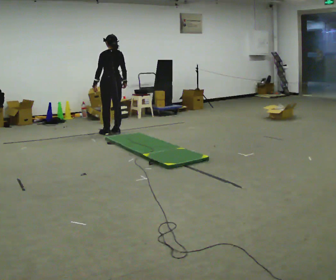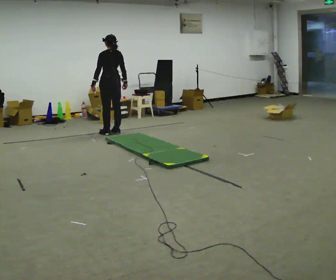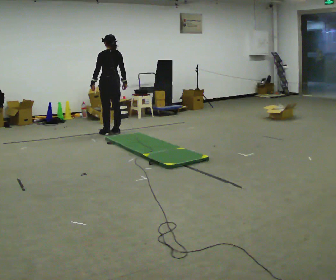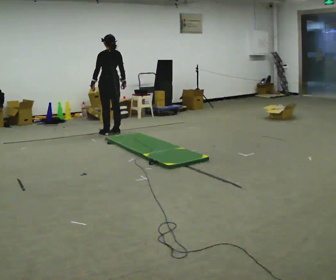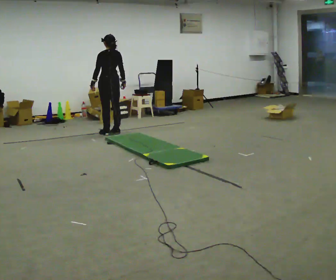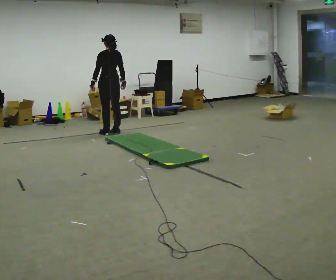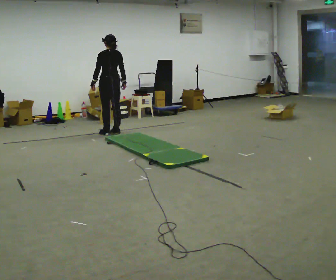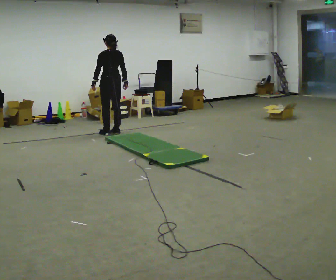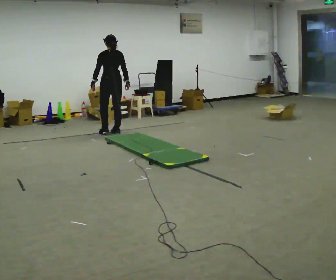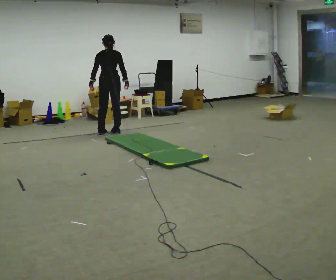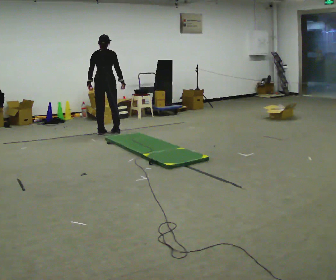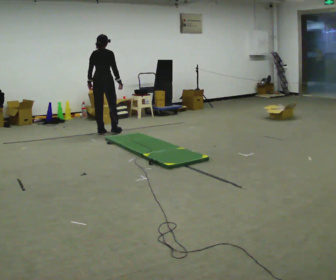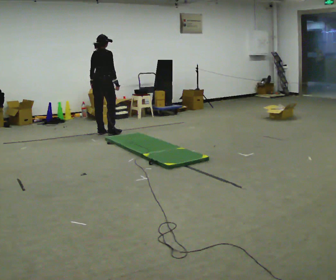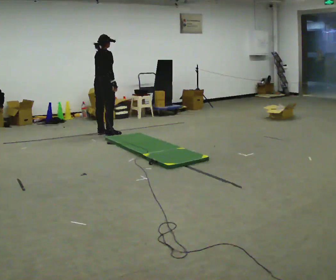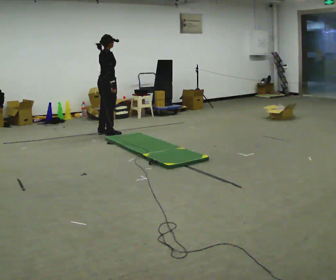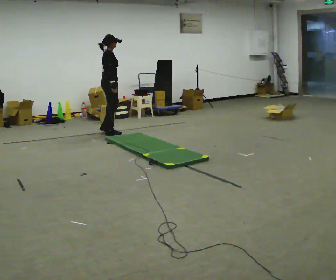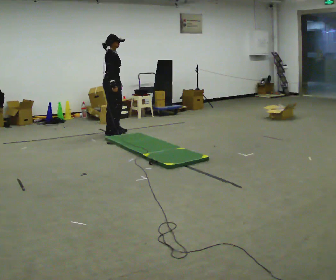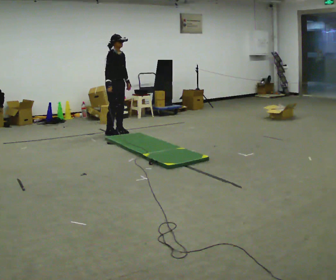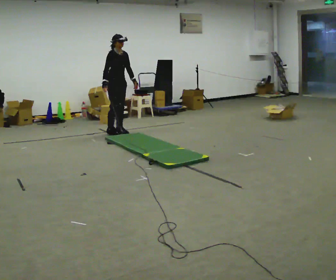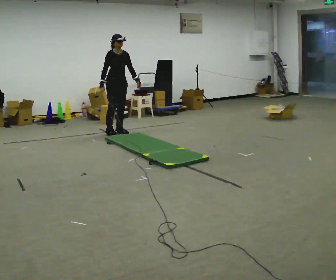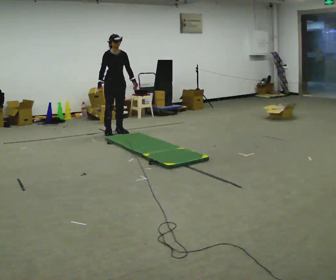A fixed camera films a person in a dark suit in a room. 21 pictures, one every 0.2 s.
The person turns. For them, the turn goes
to their right.
Their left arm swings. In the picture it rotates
counterclockwise.
0.0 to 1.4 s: The person moves a little, or ends about where they began.
1.4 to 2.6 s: The person turns about 75 degrees to their right, clockwise seen from above, so the part of the body nearest the lens slides to the left.
2.6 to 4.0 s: The part of the body nearest the lens slides to the left as the person turns to their right by about 90 degrees. In the picture they go to the right, about 0.25 m in 1 step. In the picture their left hand goes to the right.
The film runs forward here.
